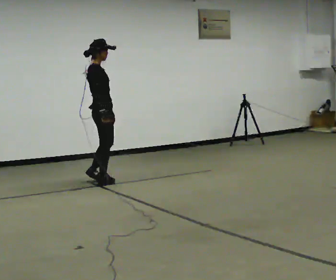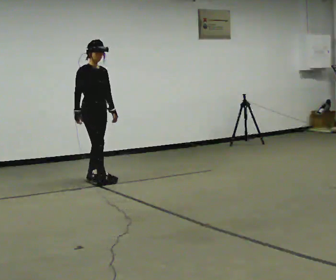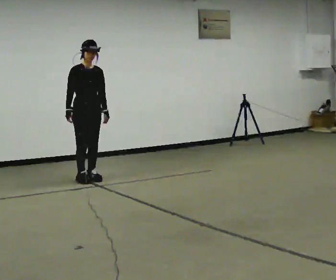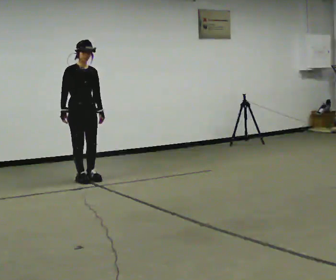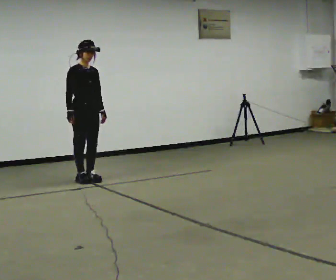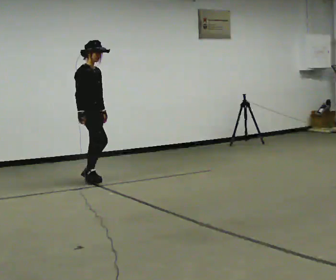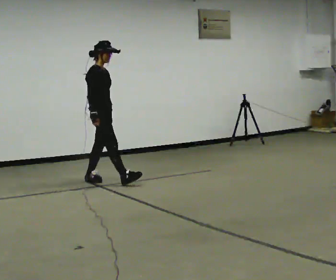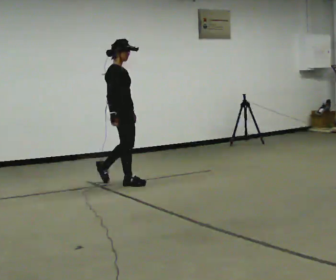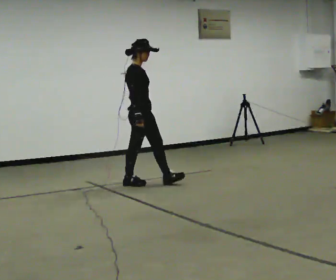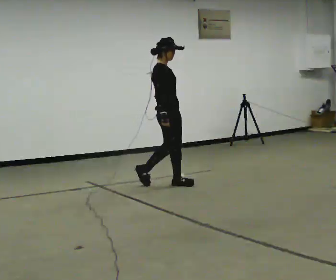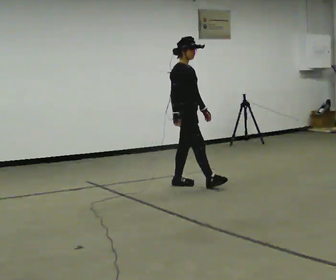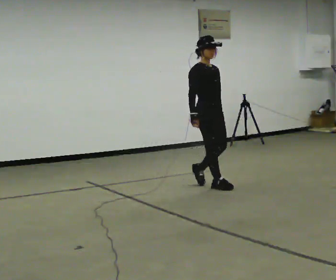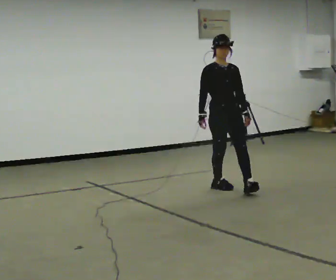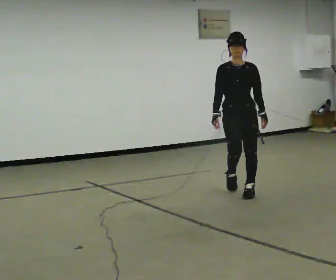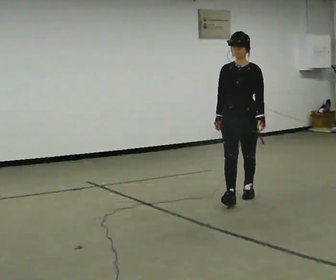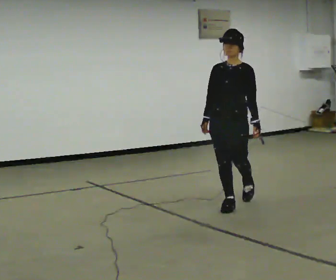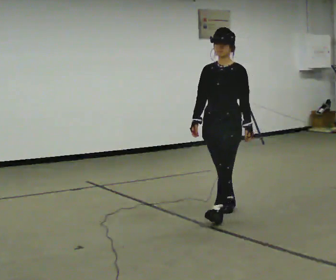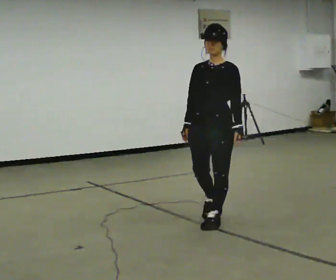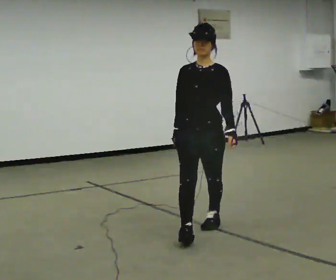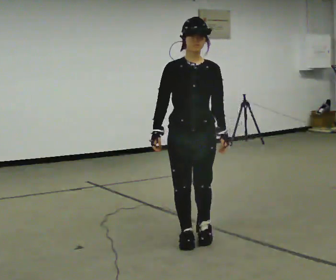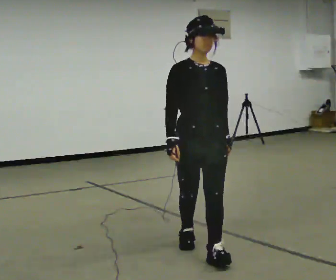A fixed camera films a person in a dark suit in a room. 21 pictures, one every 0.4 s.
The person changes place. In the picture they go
toward the camera.
0.0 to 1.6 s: The person turns about 45 degrees to their right, clockwise seen from above, so the part of the body nearest the lens slides to the left. In the picture they go to the left, about 0.25 m in 2 steps. In the picture their right hand goes to the left.
1.6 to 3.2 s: The part of the body nearest the lens slides to the right as the person turns to their left by about 30 degrees. In the picture they go to the right, about 0.5 m in 1 step, which for them is forward.
3.2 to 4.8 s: Seen from above the body turns clockwise, about 60 degrees: to their right, with its near side sliding to the left. In the picture they go to the right and toward the camera, about 1 m in 2 steps, which for them is forward.
4.8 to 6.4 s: The part of the body nearest the lens slides to the left as the person turns to their right by about 45 degrees. In the picture they go toward the camera, about 1 m in 2 steps, which for them is forward.
6.4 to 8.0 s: The part of the body nearest the lens slides to the right as the person turns to their left by about 45 degrees. In the picture they go toward the camera, about 1 m in 3 steps, which for them is forward.
The film runs forward here.
